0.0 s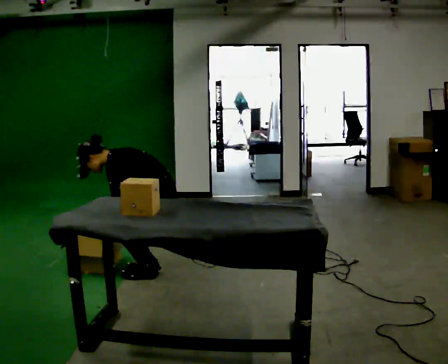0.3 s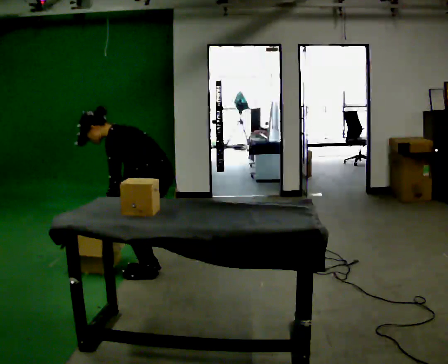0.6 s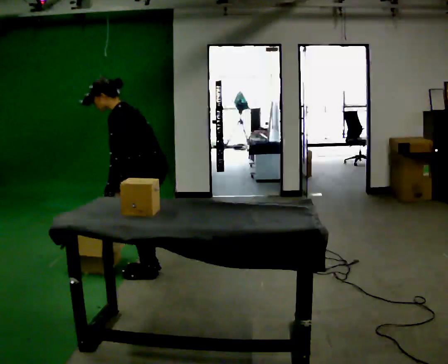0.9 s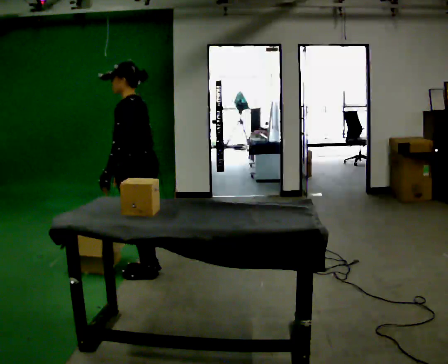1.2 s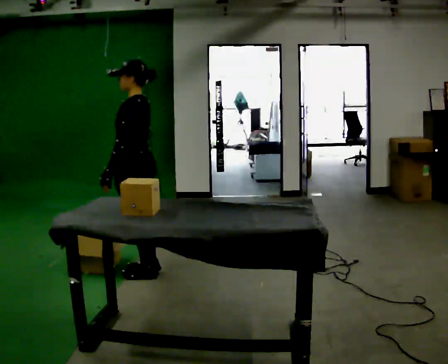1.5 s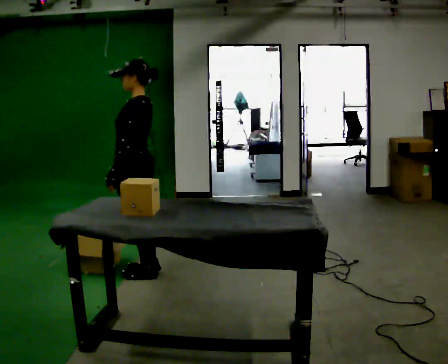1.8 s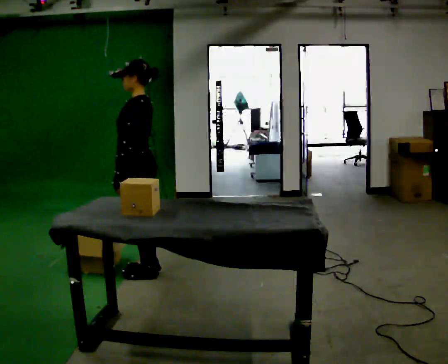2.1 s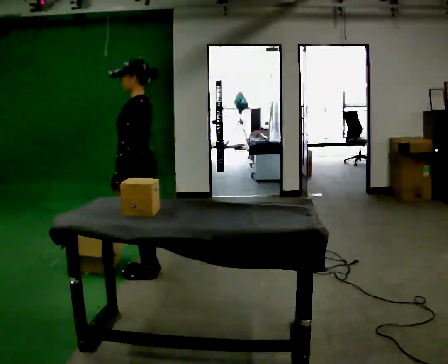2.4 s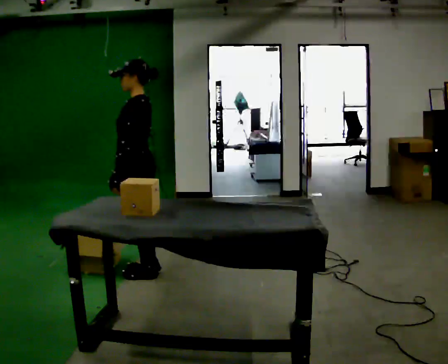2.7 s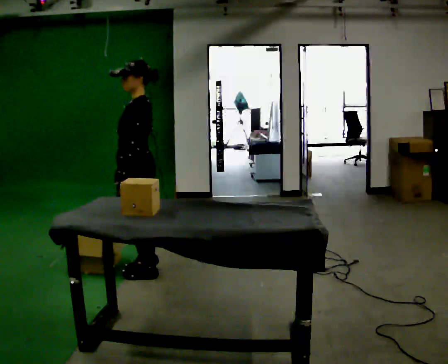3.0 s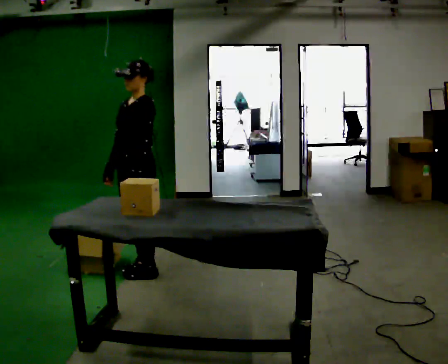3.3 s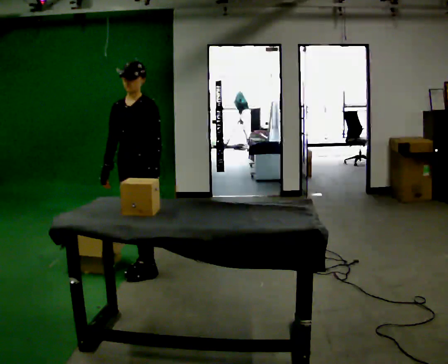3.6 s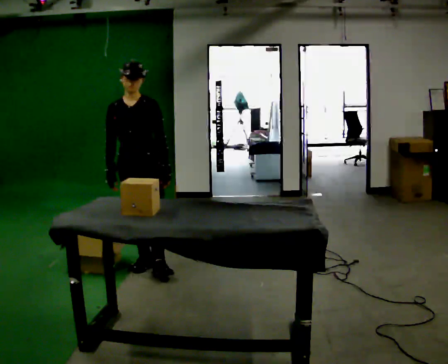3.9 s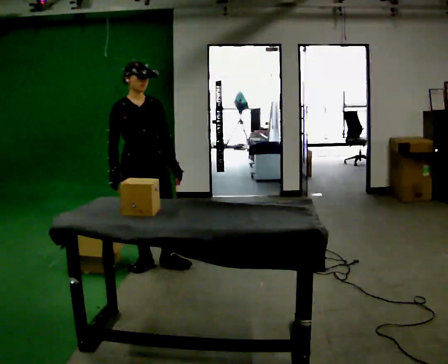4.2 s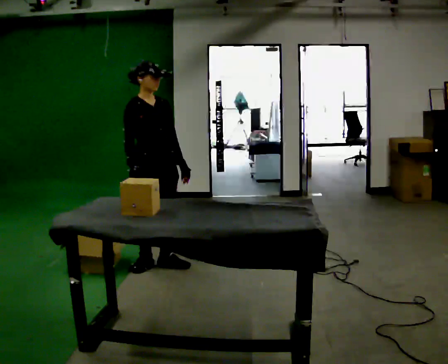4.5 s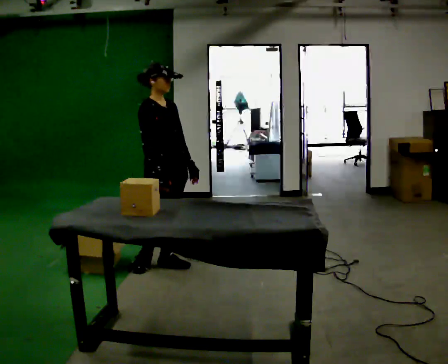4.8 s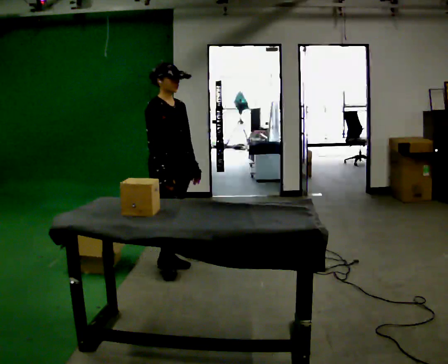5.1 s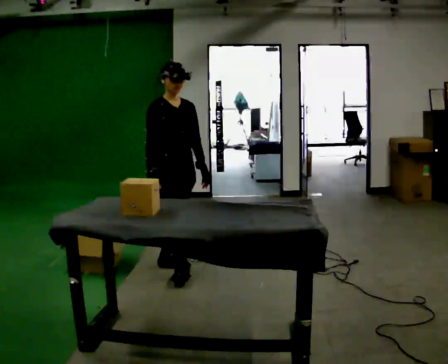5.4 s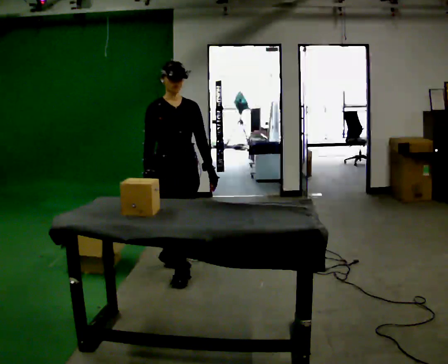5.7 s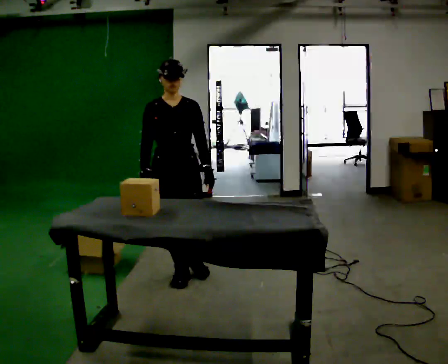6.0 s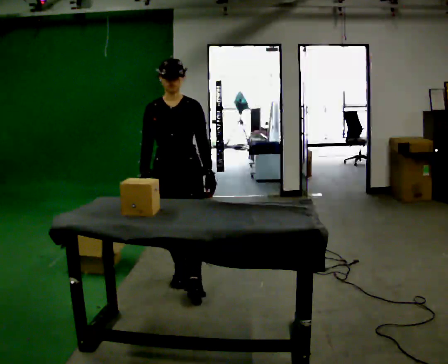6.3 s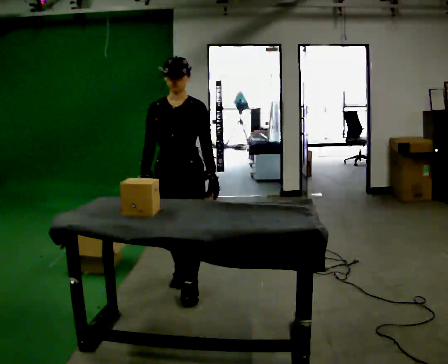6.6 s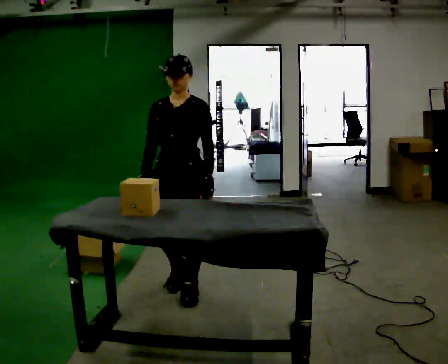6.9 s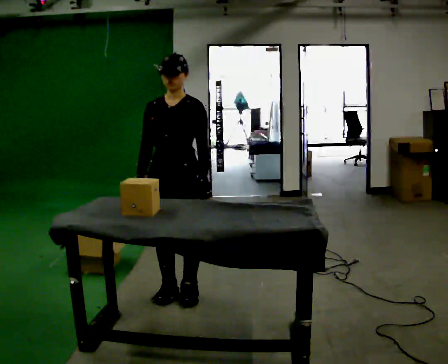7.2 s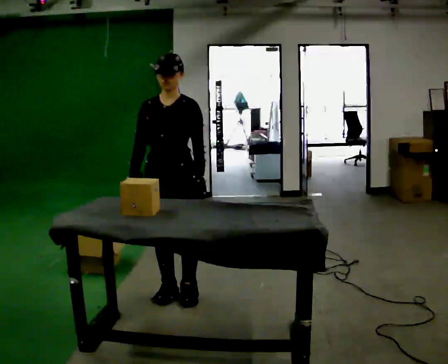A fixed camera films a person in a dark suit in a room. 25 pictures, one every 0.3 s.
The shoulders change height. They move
upward.
0.0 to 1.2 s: In the picture they go to the left, about 0.25 m, which for them is forward. The upper body goes upward. In the picture the upper body tilts clockwise, shoulders to the right, as they lean back or straighten. In the picture their left hand goes upward.
1.2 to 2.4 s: The person moves a little, or ends about where they began.
2.4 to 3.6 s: The person turns about 90 degrees to their left, counterclockwise seen from above, so the part of the body nearest the lens slides to the right. In the picture they go away from the camera, about 0.25 m in 1 step. In the picture their left hand goes to the right, the arm swinging counterclockwise.
3.6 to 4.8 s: The person turns about 60 degrees to their left, counterclockwise seen from above, so the part of the body nearest the lens slides to the right. In the picture they go to the right, about 0.25 m in 1 step, which for them is to their left and forward.
4.8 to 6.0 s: The person turns about 60 degrees to their right, clockwise seen from above, so the part of the body nearest the lens slides to the left. In the picture they go toward the camera, about 0.25 m in 1 step, which for them is forward.
6.0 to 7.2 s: In the picture they go toward the camera, about 0.25 m in 2 steps, which for them is forward.
The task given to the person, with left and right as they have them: Take an object out of the bin at knee height, carry it across the room, and place it on the chest-height shelf. Keep going until the operator says stop; one object at a time, and do not rush between trips.
The film runs forward here.
